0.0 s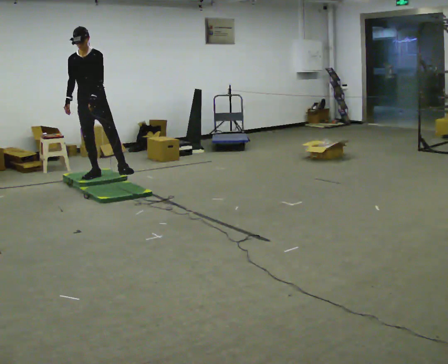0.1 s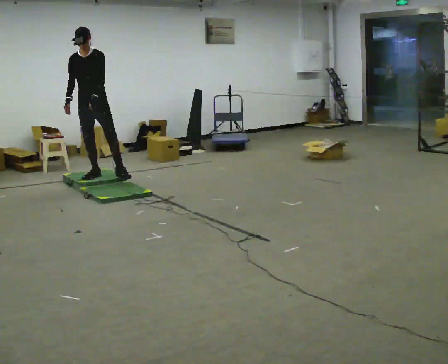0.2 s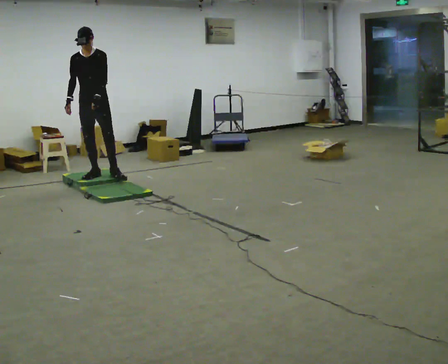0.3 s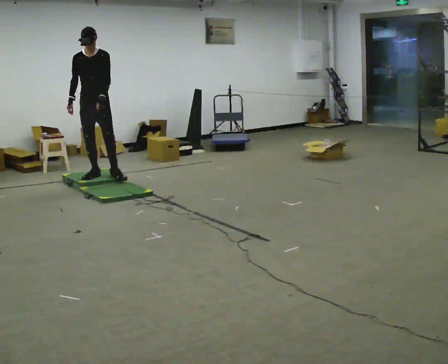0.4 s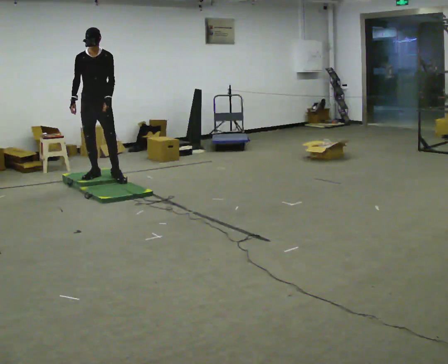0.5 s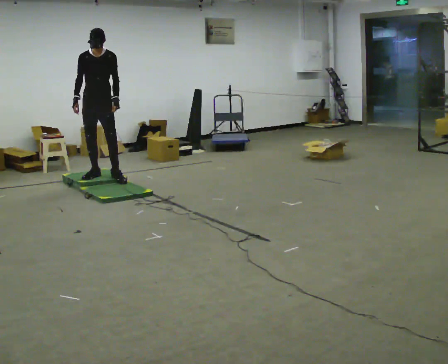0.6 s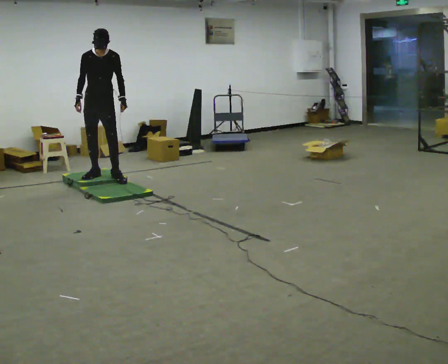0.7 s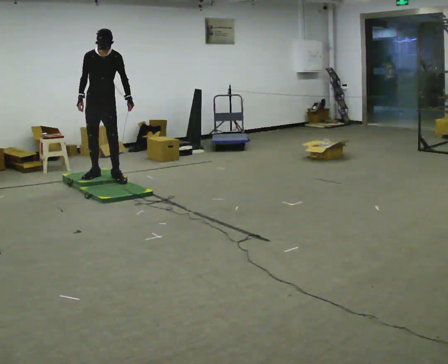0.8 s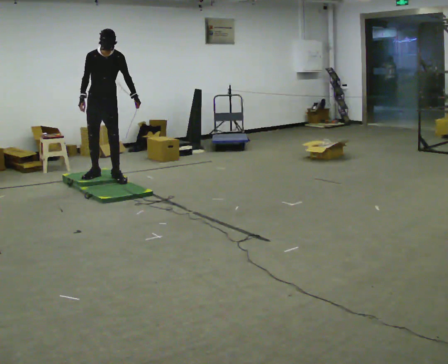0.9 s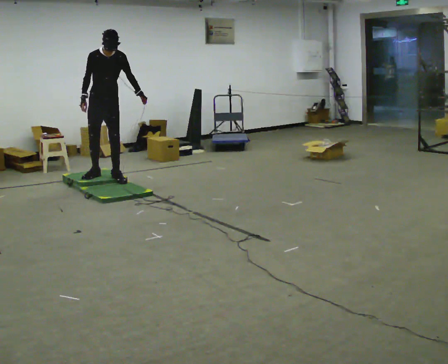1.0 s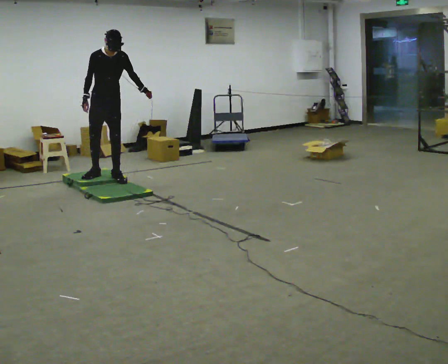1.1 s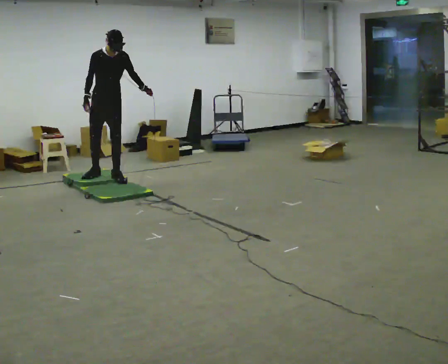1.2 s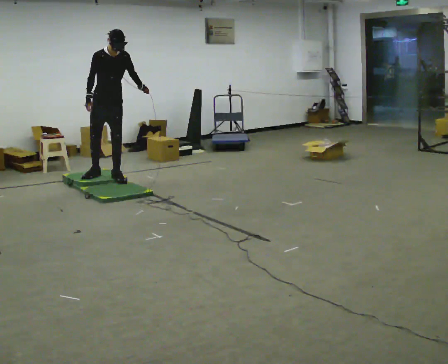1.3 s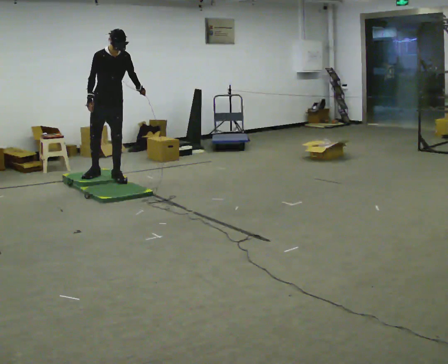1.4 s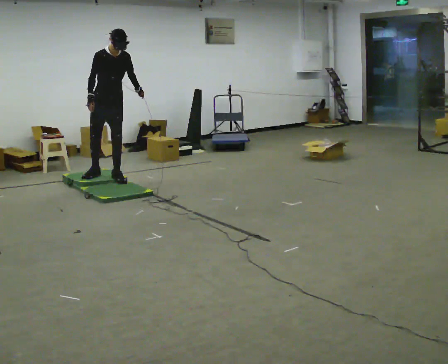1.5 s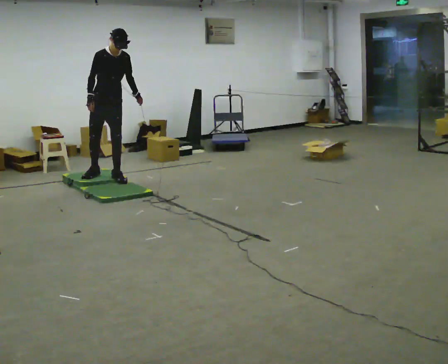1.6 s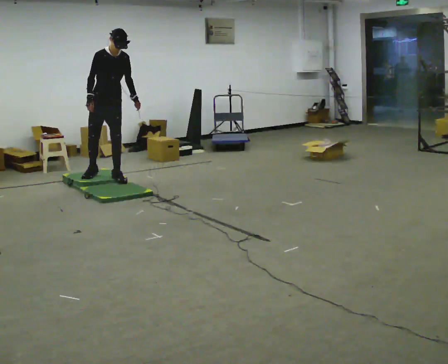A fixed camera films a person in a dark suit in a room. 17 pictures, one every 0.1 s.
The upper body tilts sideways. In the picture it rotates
clockwise.
0.0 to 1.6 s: The person turns about 30 degrees to their left, counterclockwise seen from above, so the part of the body nearest the lens slides to the right. In the picture the upper body tilts clockwise, shoulders to the right. In the picture their left hand goes to the right.
The film runs forward here.
